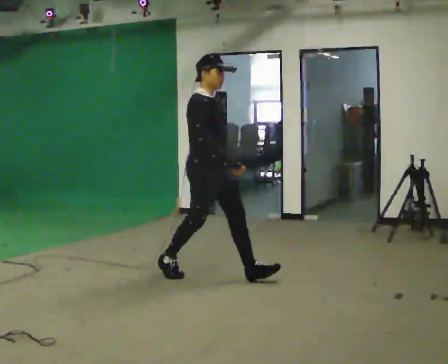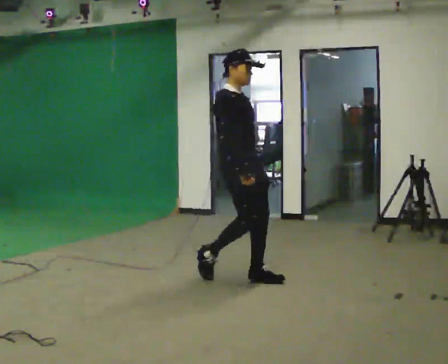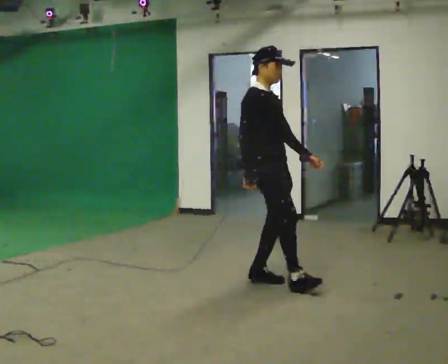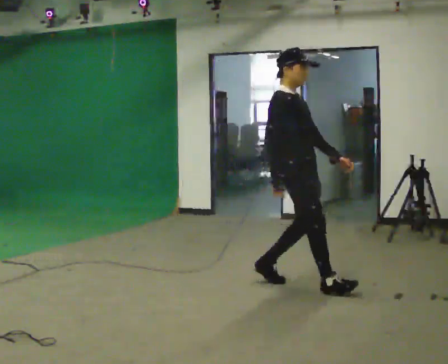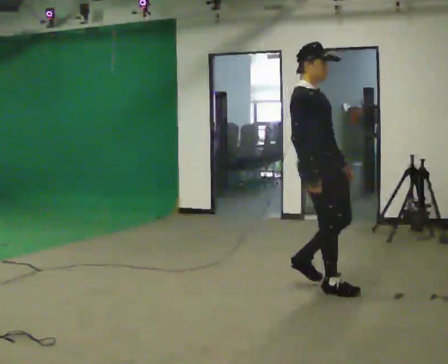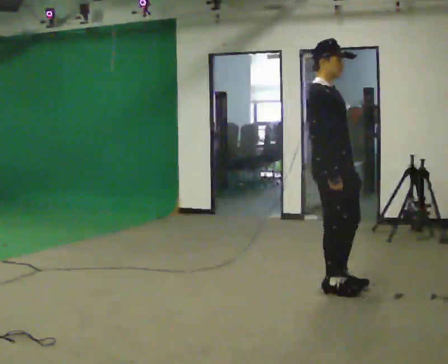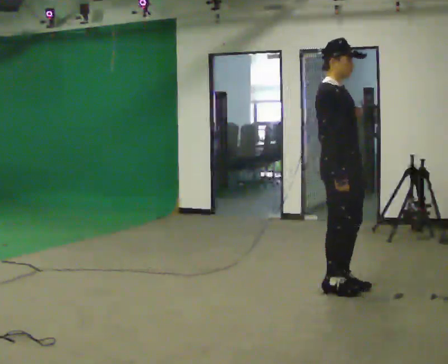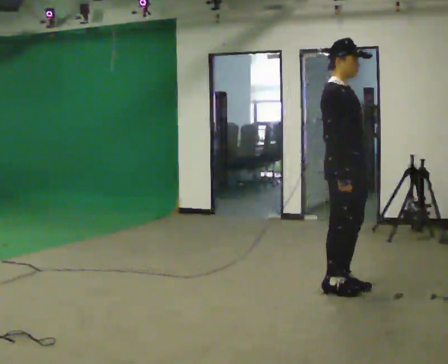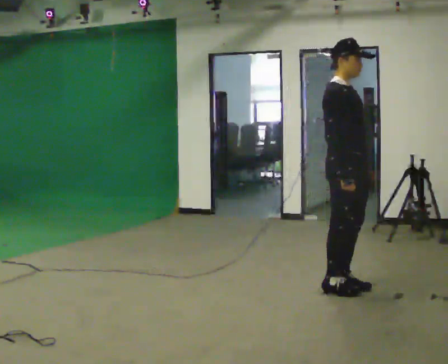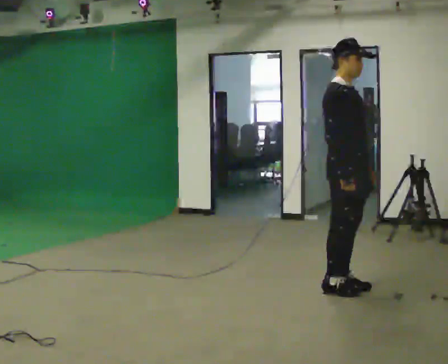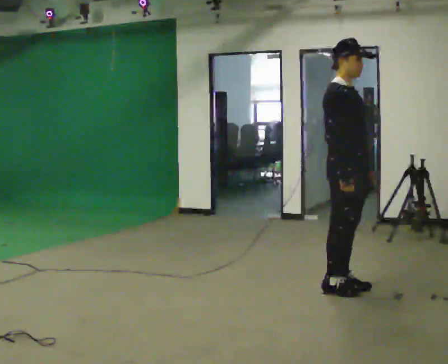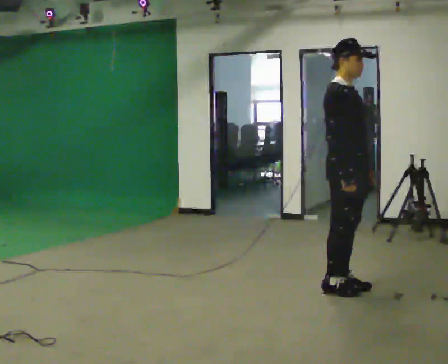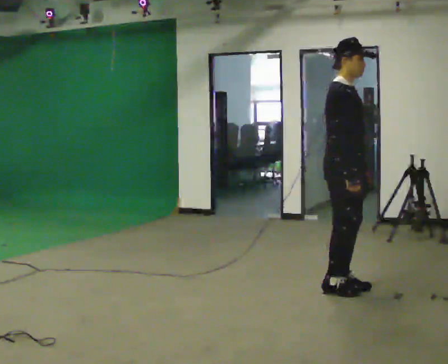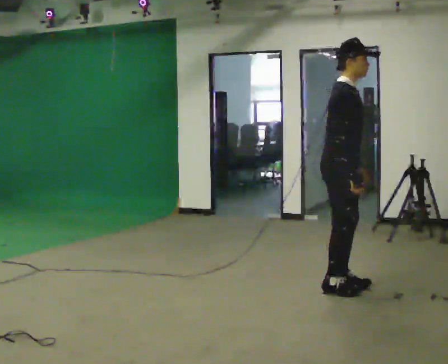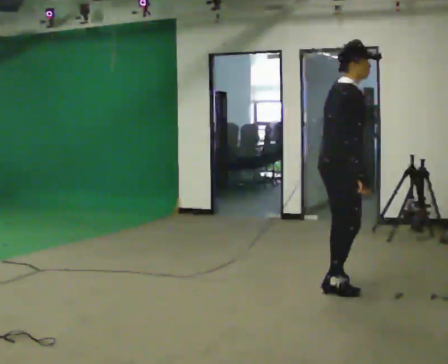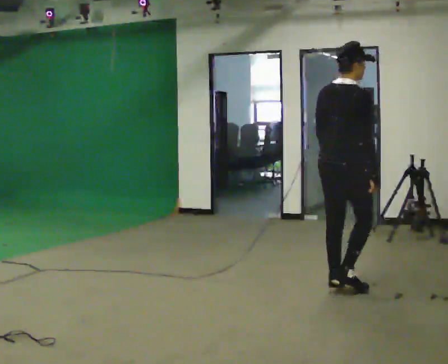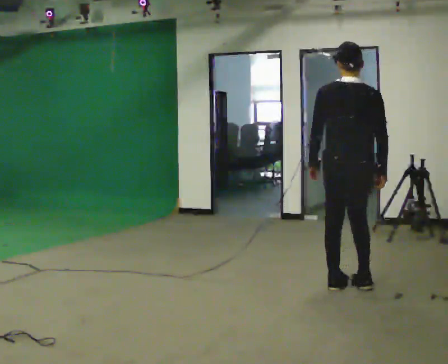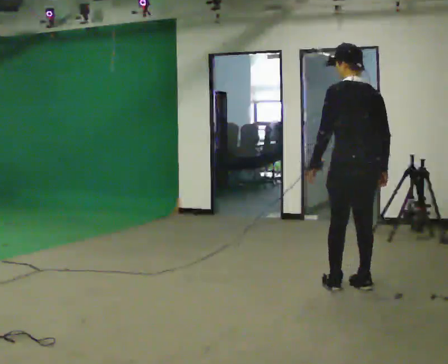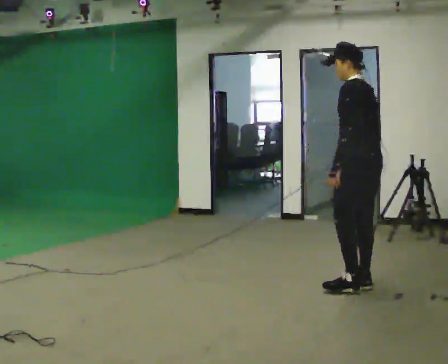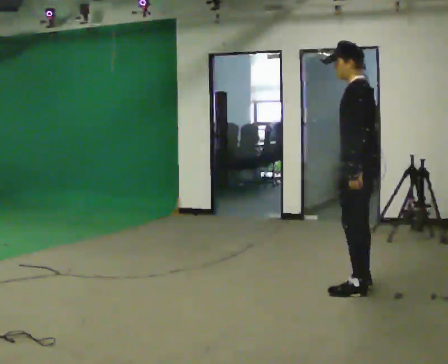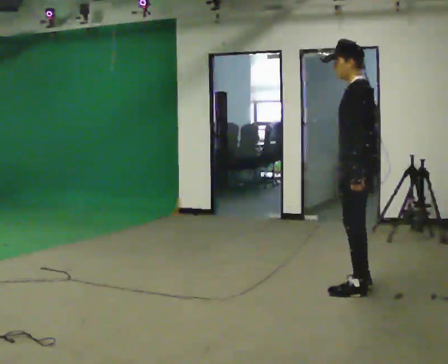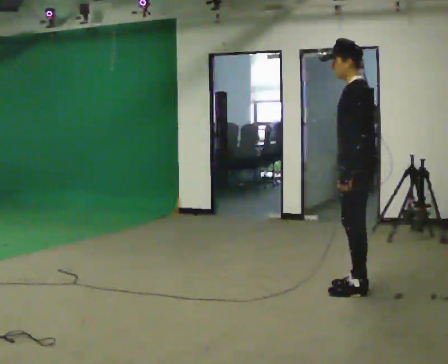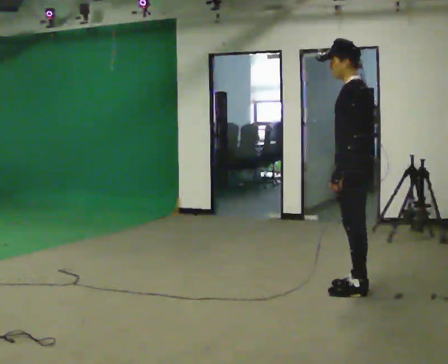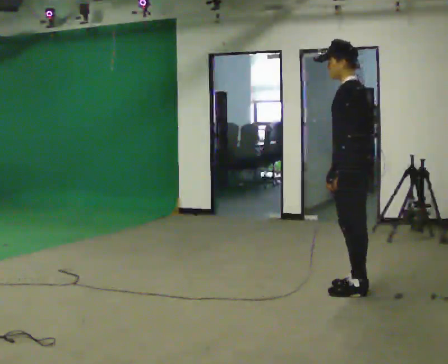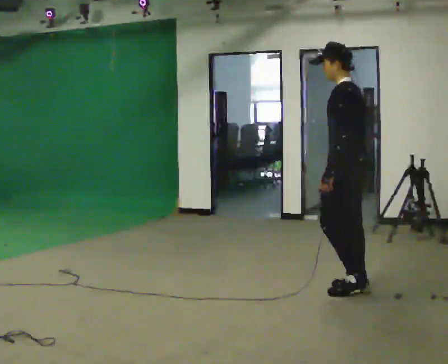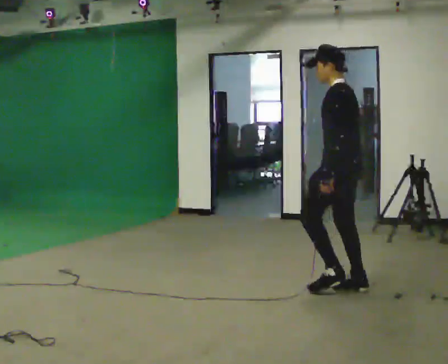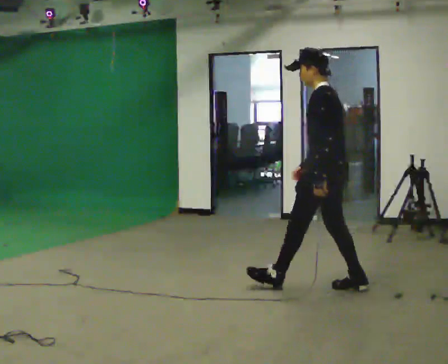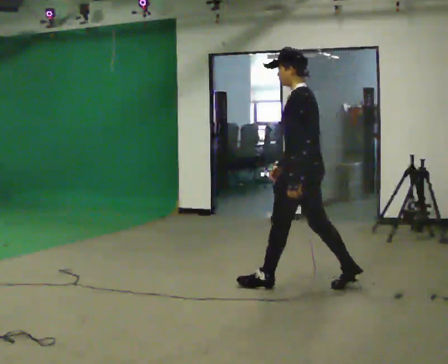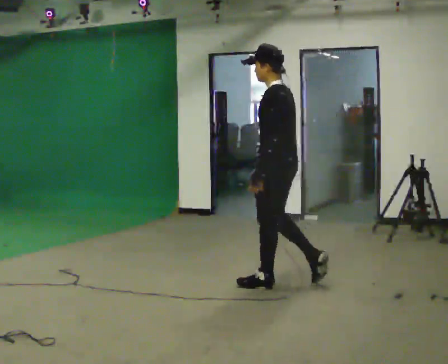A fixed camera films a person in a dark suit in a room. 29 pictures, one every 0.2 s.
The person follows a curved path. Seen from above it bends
counterclockwise.
The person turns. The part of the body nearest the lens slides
to the right.
0.0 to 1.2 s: In the picture they go to the right, about 1 m in 3 steps, which for them is forward.
1.2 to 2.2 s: The person moves a little, or ends about where they began.
2.2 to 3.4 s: Seen from above the body turns counterclockwise, about 150 degrees: to their left, with its near side sliding to the right. In the picture their left hand goes to the left, the arm swinging clockwise.
3.4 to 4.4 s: Seen from above the body turns counterclockwise, about 45 degrees: to their left, with its near side sliding to the right.
4.4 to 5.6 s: In the picture they go to the left, about 0.5 m in 1 step, which for them is forward.
The film runs forward here.
